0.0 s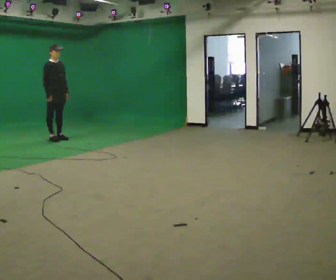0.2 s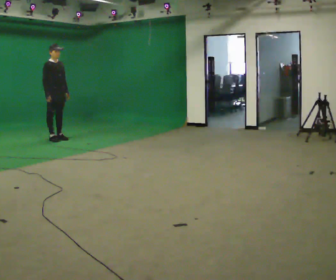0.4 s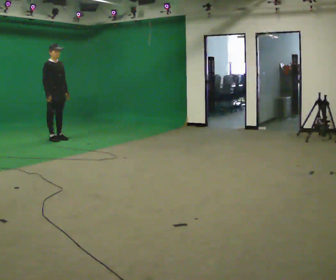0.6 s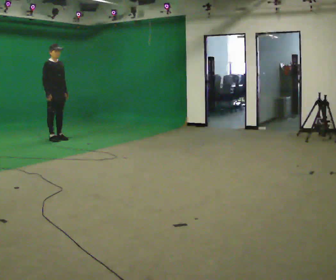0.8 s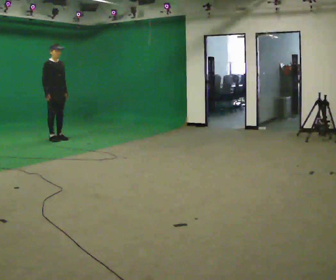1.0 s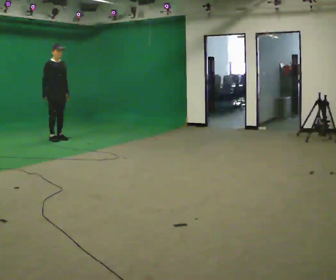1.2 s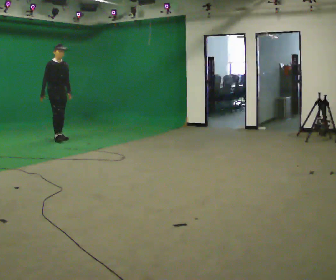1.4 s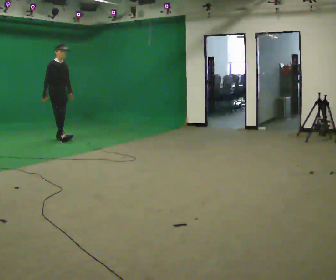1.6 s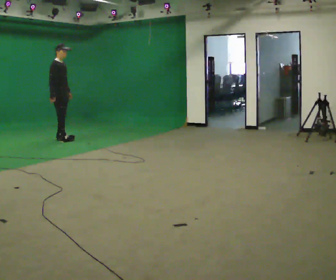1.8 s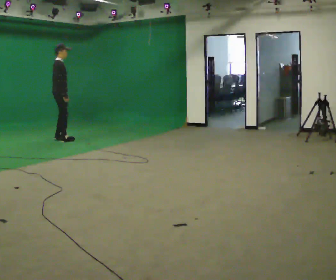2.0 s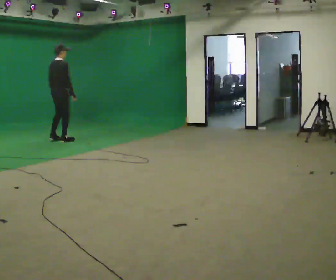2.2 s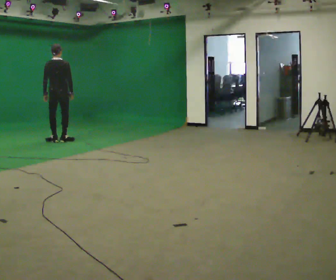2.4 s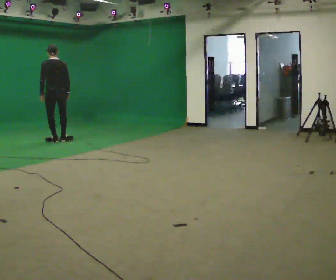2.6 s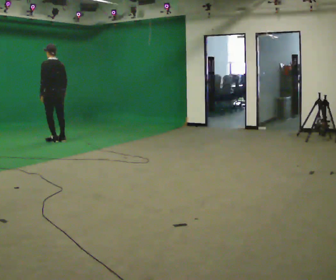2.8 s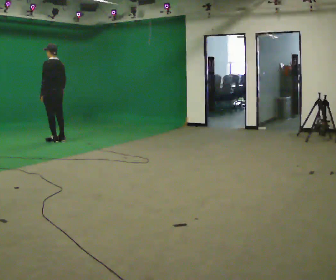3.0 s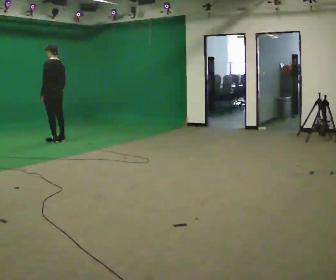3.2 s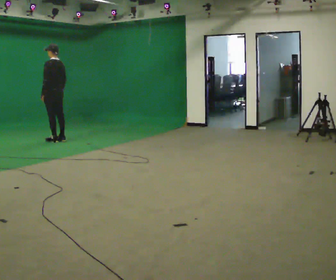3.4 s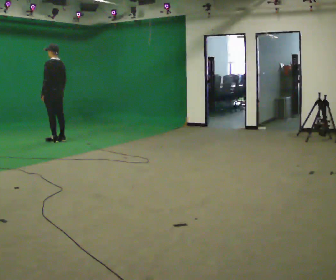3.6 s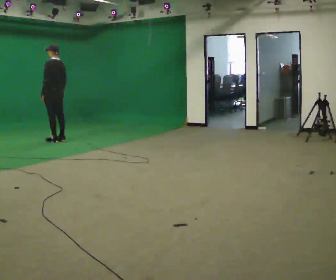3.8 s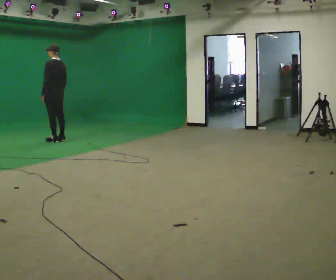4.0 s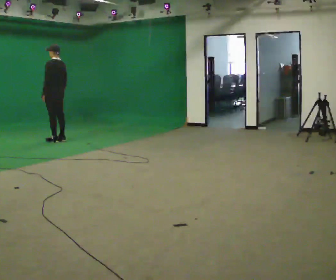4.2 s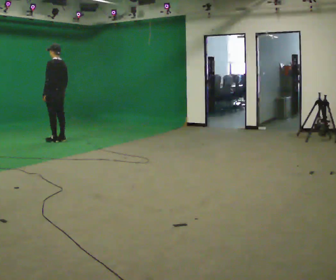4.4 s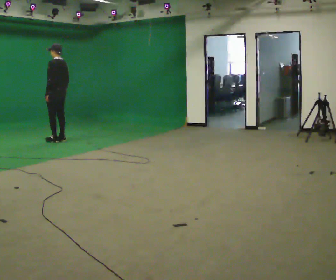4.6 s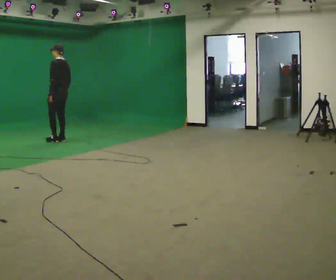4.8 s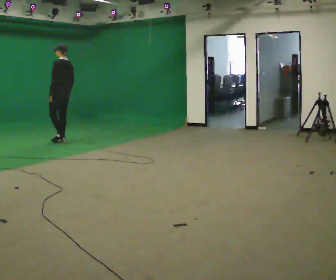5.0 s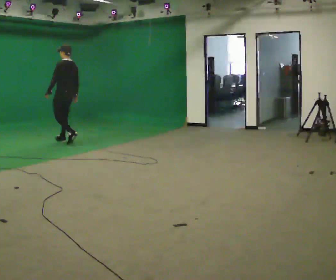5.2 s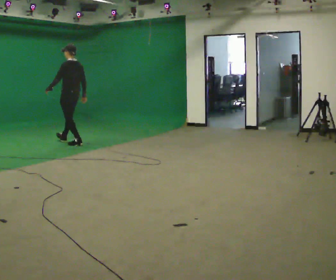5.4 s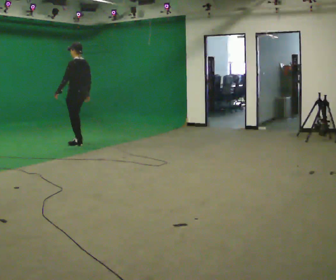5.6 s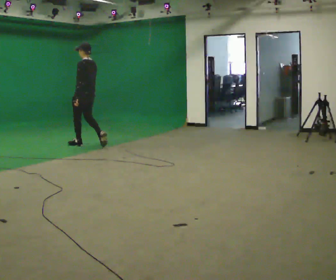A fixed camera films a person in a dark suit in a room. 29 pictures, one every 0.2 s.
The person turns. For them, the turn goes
to their left.
The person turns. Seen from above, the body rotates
counterclockwise.
0.0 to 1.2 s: The person moves a little, or ends about where they began.
1.2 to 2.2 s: Seen from above the body turns counterclockwise, about 120 degrees: to their left, with its near side sliding to the right. In the picture they go toward the camera, about 0.25 m in 1 step. In the picture their right hand goes to the right, the arm swinging counterclockwise.
2.2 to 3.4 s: The part of the body nearest the lens slides to the right as the person turns to their left by about 75 degrees.
3.4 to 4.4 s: The person moves a little, or ends about where they began.
4.4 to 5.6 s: In the picture they go toward the camera and to the right, about 0.75 m in 2 steps, which for them is backward.
The film runs backward here.
